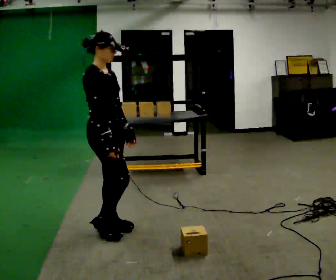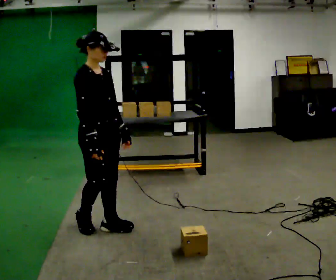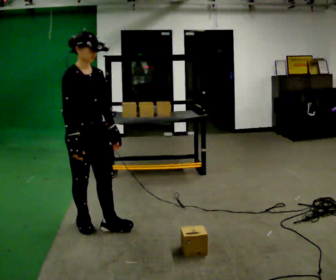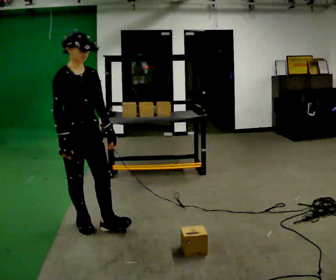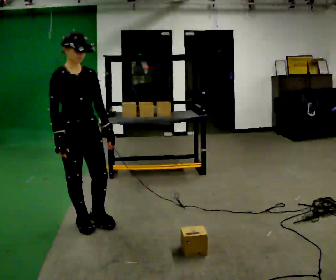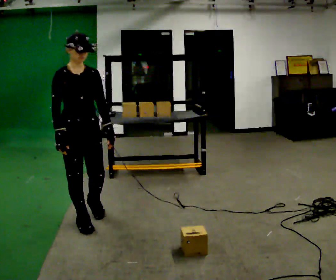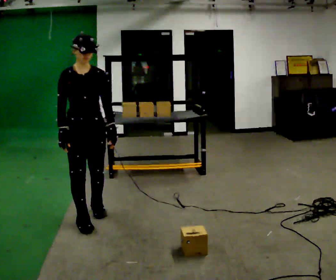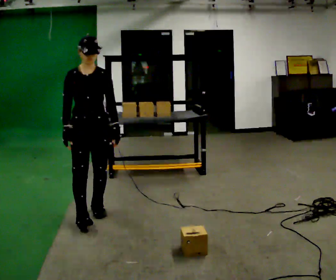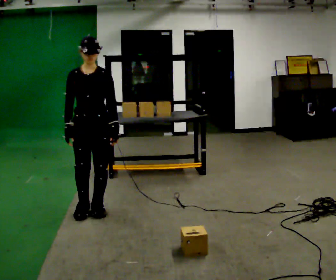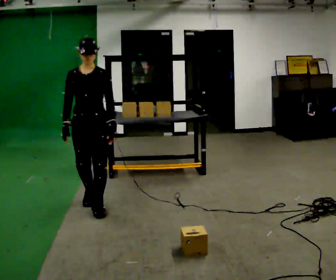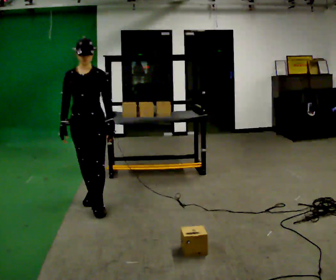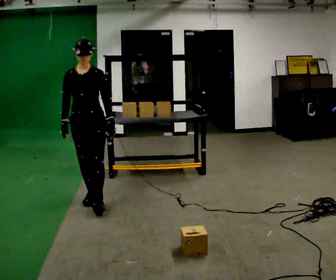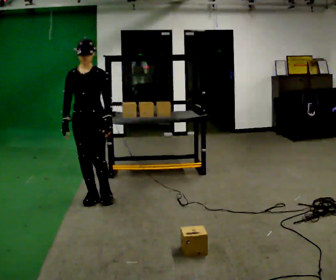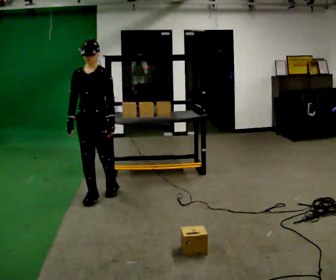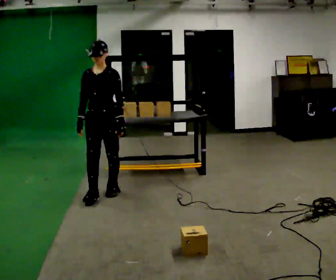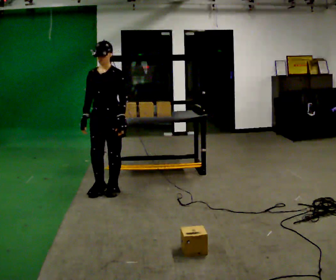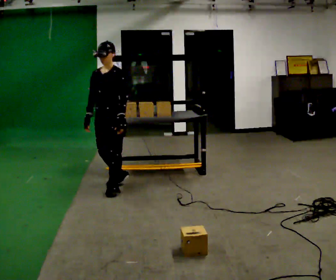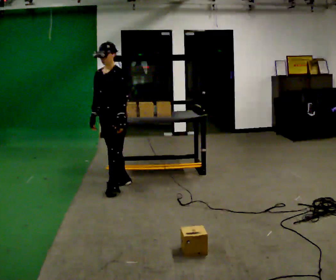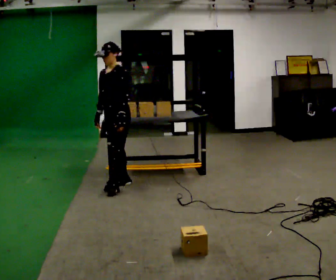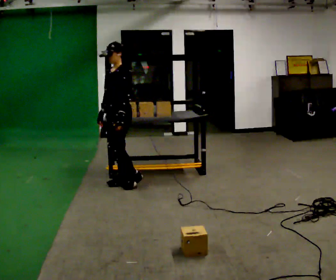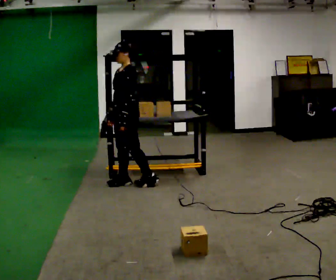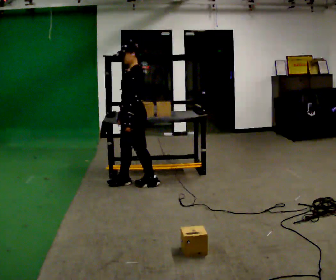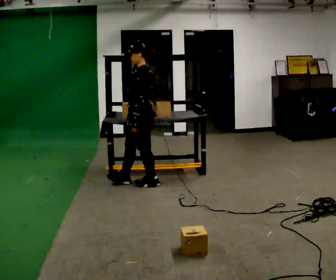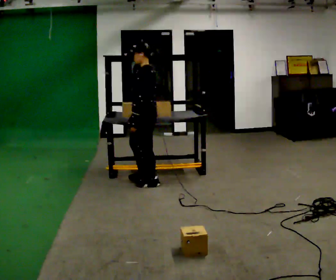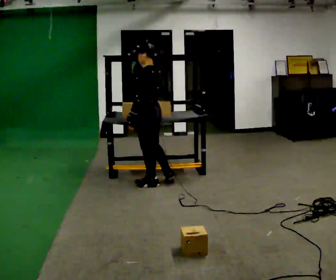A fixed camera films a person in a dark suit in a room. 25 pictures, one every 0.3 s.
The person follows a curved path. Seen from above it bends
clockwise.
The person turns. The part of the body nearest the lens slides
to the left.
0.0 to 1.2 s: Seen from above the body turns clockwise, about 45 degrees: to their right, with its near side sliding to the left. In the picture they go to the left, about 0.25 m in 1 step, which for them is backward. In the picture their right hand goes to the left.
1.2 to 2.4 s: Seen from above the body turns clockwise, about 30 degrees: to their right, with its near side sliding to the left. In the picture they go away from the camera, about 0.25 m in 1 step, which for them is backward and to their left.
2.4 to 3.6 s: In the picture they go away from the camera, about 0.25 m in 1 step, which for them is backward.
3.6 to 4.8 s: Seen from above the body turns clockwise, about 30 degrees: to their right, with its near side sliding to the left. In the picture they go away from the camera and to the right, about 0.25 m in 1 step, which for them is backward.
4.8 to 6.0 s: The part of the body nearest the lens slides to the left as the person turns to their right by about 45 degrees. In the picture they go away from the camera and to the right, about 0.25 m in 1 step, which for them is backward.
6.0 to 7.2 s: The person turns about 45 degrees to their right, clockwise seen from above, so the part of the body nearest the lens slides to the left. In the picture they go to the right, about 0.25 m in 1 step, which for them is backward.
The film runs backward here.
